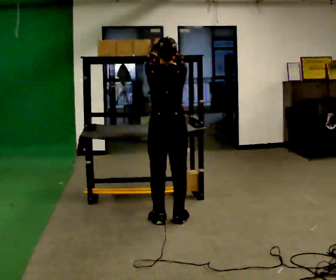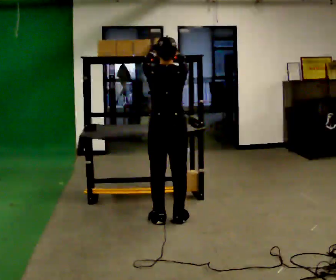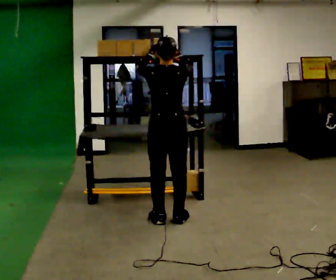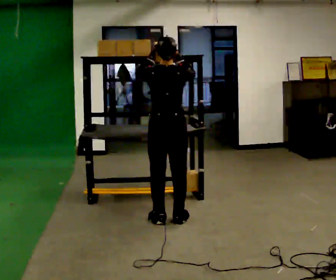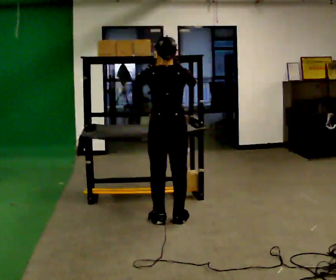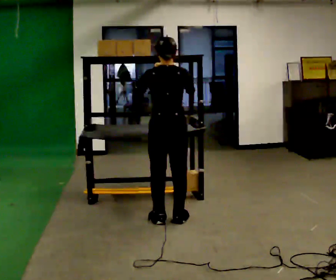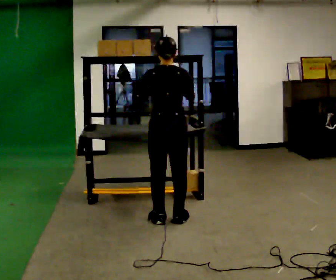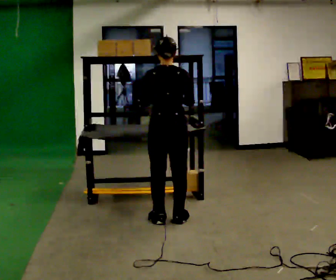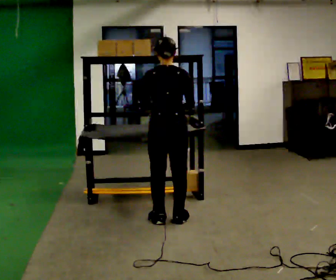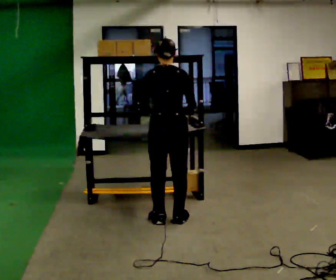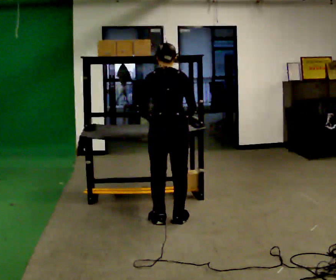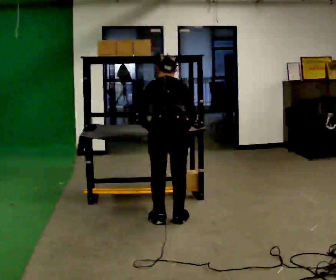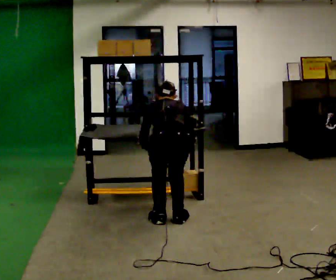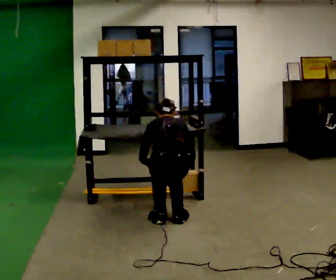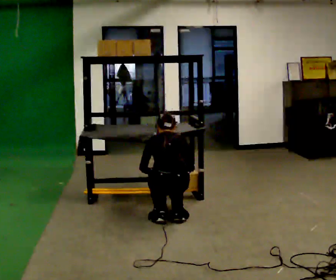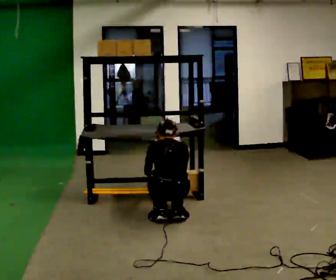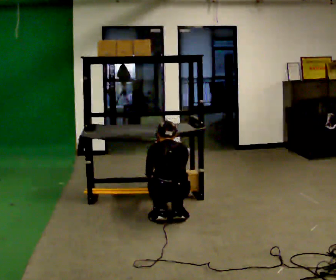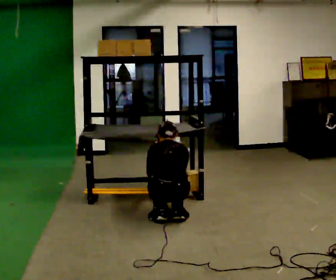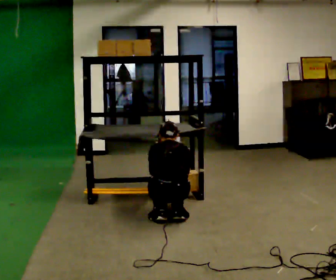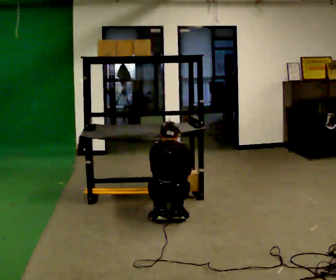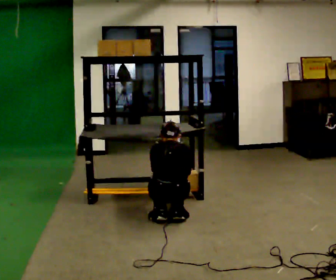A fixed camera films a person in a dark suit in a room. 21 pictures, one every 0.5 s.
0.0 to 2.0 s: The person moves a little, or ends about where they began.
2.0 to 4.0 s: In the picture their right hand goes downward.
4.0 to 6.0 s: In the picture they go toward the camera, about 0.25 m, which for them is backward. The upper body goes downward. The upper body tips away from the camera, its near side rolling upward, as they bend forward. In the picture their right hand goes downward.
6.0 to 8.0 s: The shoulders move downward.
8.0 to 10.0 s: The person moves a little, or ends about where they began.
The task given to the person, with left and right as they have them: Take an object from the highest shelf you can comfortably reach, carry it across, and place it on the lowest shelf. Keep going until the operator says stop; one object at a time, and do not rush between trips.
The film runs forward here.
